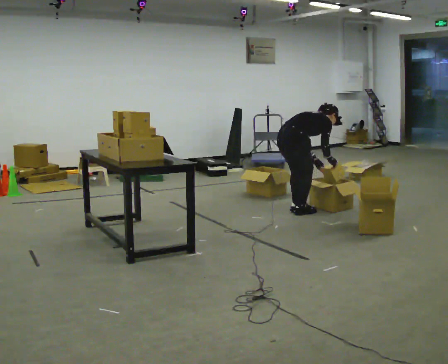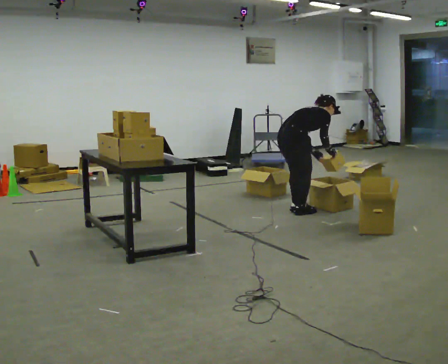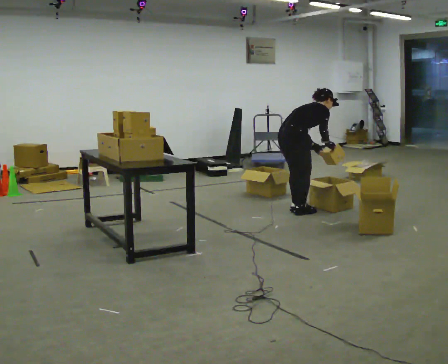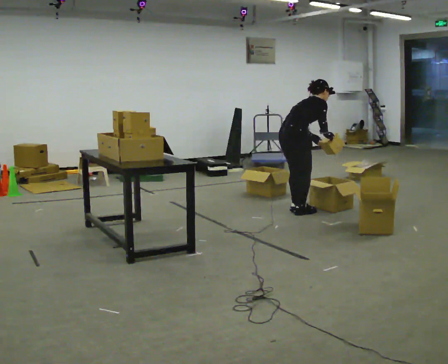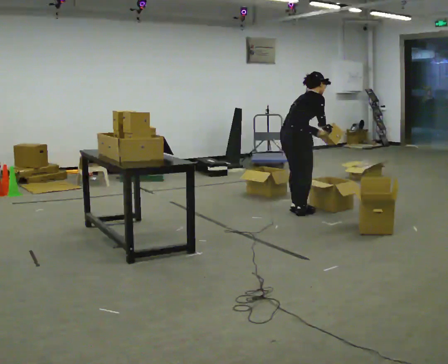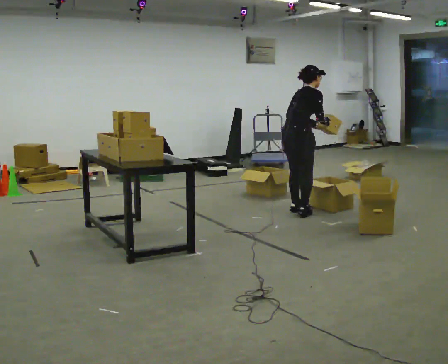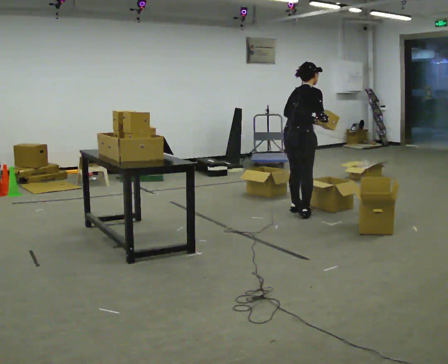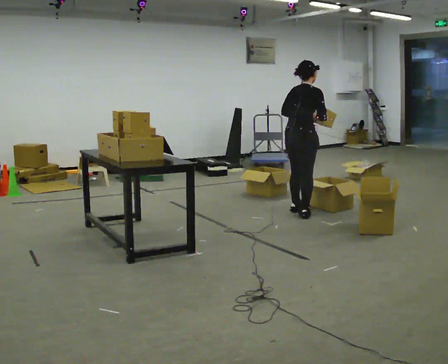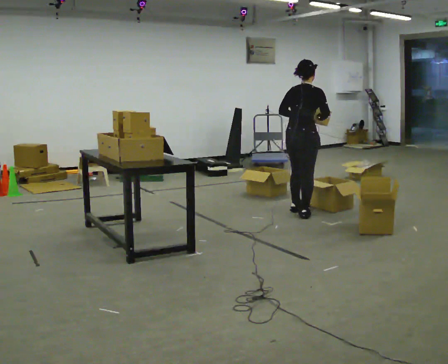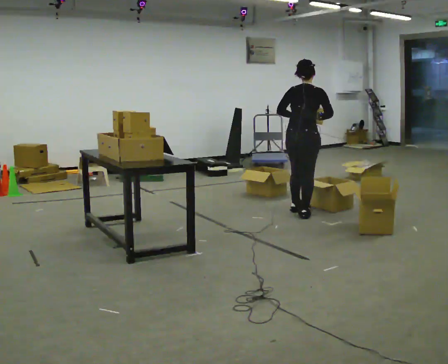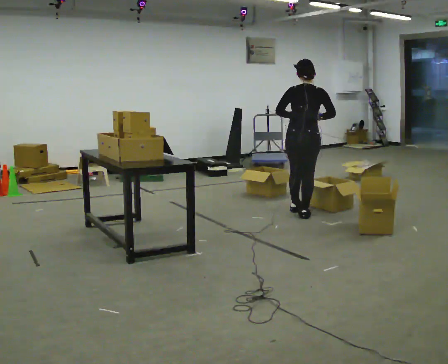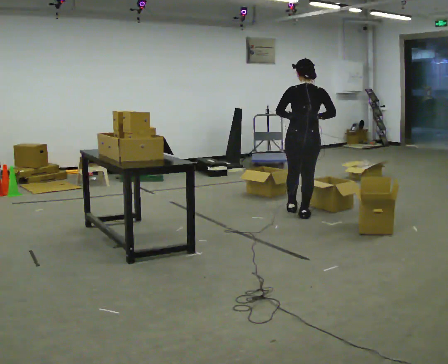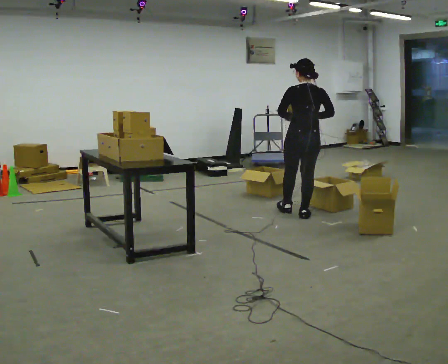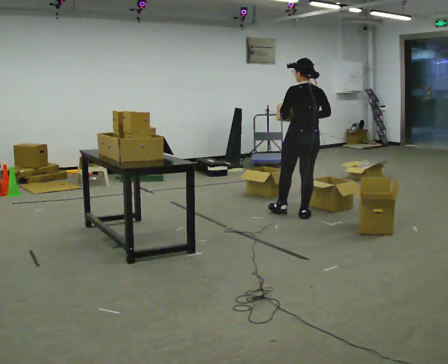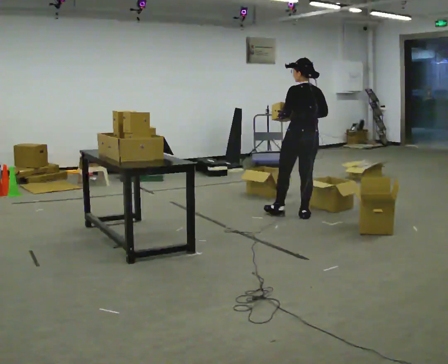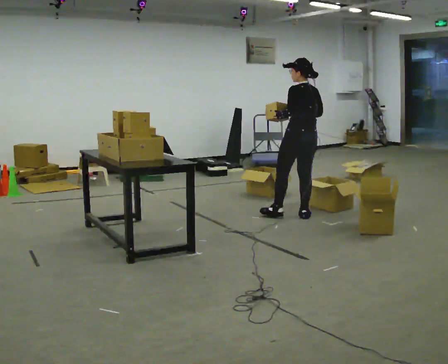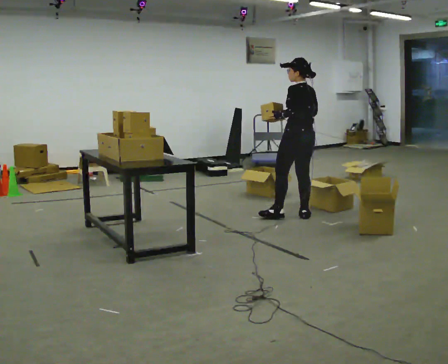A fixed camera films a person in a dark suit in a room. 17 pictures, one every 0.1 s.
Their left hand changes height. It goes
upward.
The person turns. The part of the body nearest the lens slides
to the right.
0.0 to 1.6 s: The person turns about 90 degrees to their left, counterclockwise seen from above, so the part of the body nearest the lens slides to the right. The shoulders move upward. In the picture the upper body tilts counterclockwise, shoulders to the left, as they lean back or straighten. In the picture their right hand goes upward and to the left.
The film runs forward here.
